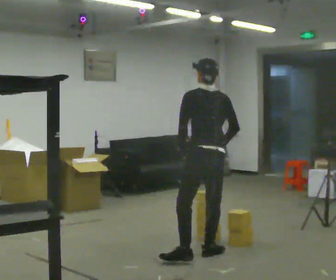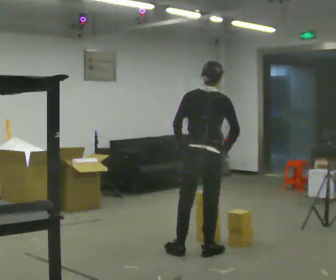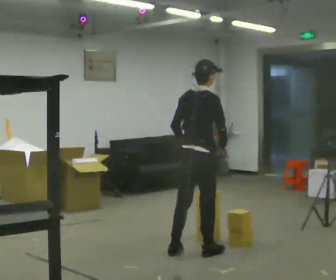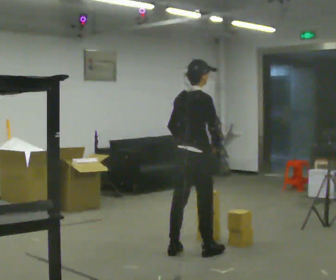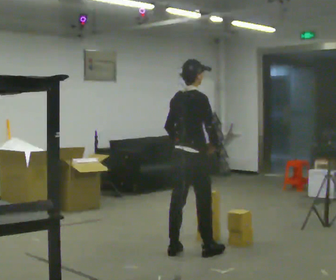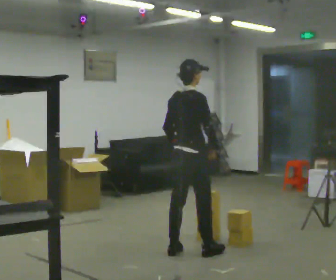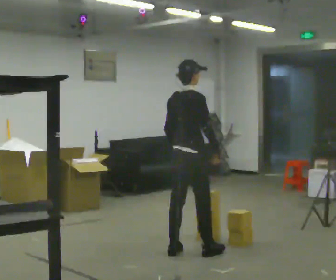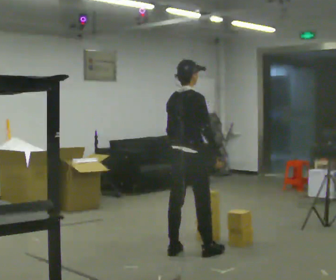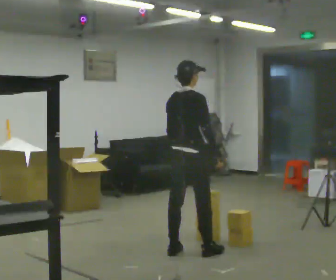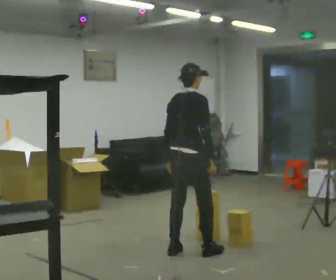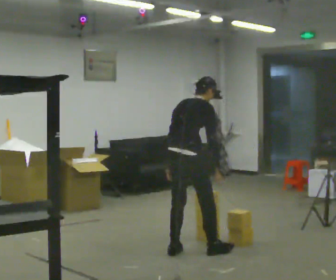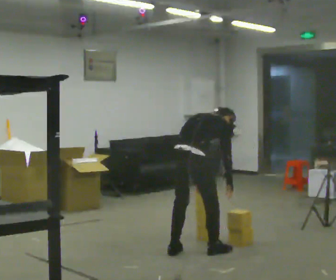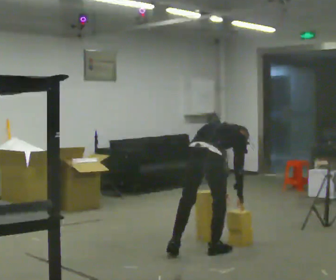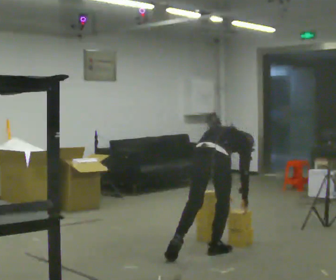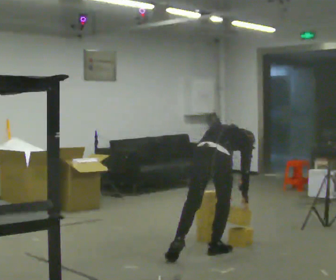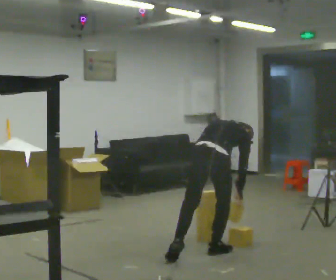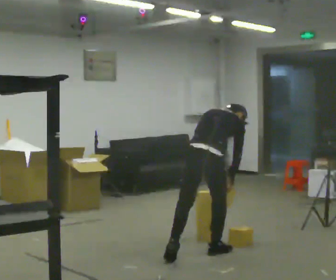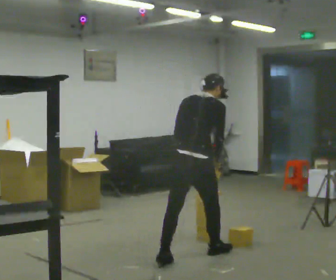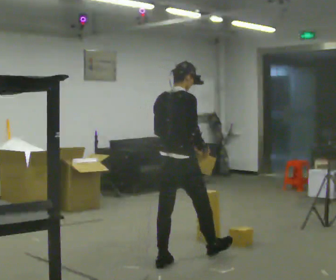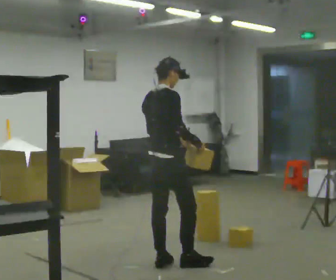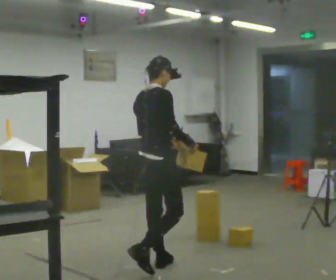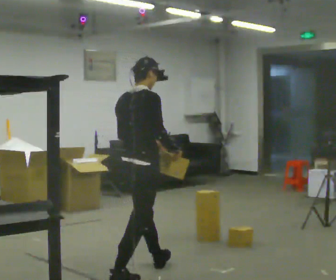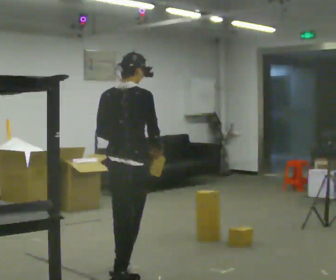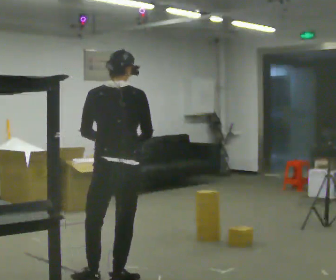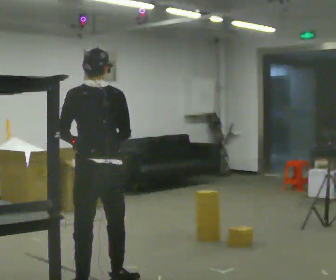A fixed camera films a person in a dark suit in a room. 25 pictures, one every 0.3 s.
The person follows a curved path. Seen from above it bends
counterclockwise.
0.0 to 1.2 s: Seen from above the body turns clockwise, about 75 degrees: to their right, with its near side sliding to the left. In the picture they go to the left and away from the camera, about 0.25 m.
1.2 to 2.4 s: The person moves a little, or ends about where they began.
2.4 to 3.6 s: In the picture they go to the right, about 0.25 m in 1 step, which for them is to their right. The shoulders move downward. The upper body tips away from the camera, its near side rolling upward, as they bend forward. In the picture their right hand goes downward.
3.6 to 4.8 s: The person moves a little, or ends about where they began.
4.8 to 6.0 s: Seen from above the body turns clockwise, about 30 degrees: to their right, with its near side sliding to the left. In the picture they go to the left and toward the camera, about 0.5 m in 2 steps, which for them is backward. The upper body goes upward. The upper body tips toward the camera, its near side rolling downward, as they lean back or straighten. In the picture their left hand goes upward.
6.0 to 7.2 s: The part of the body nearest the lens slides to the right as the person turns to their left by about 75 degrees. In the picture they go toward the camera and to the left, about 0.75 m in 1 step.
The film runs backward here.
